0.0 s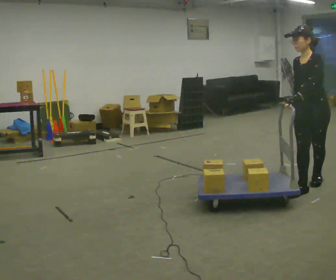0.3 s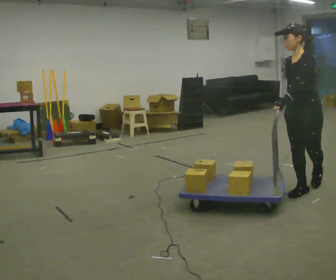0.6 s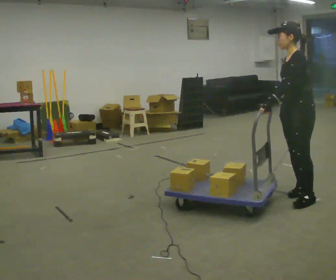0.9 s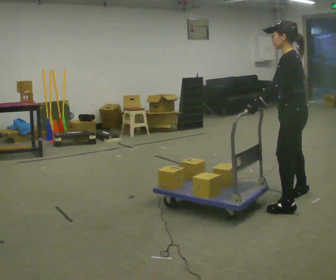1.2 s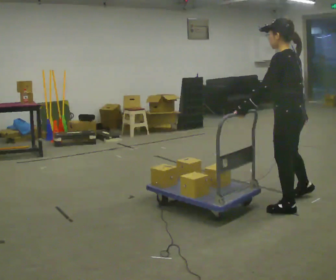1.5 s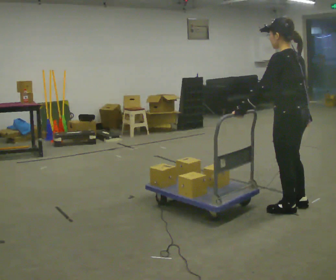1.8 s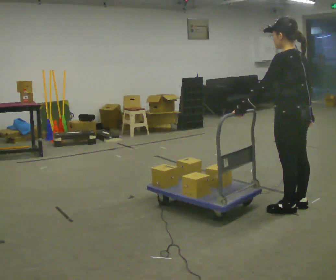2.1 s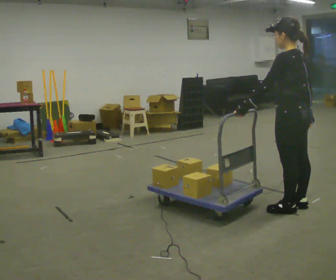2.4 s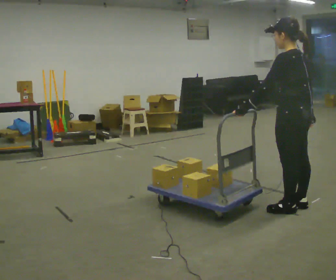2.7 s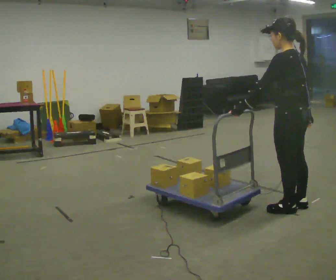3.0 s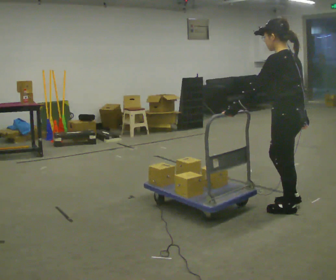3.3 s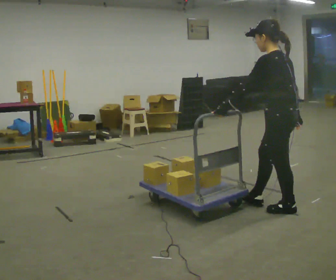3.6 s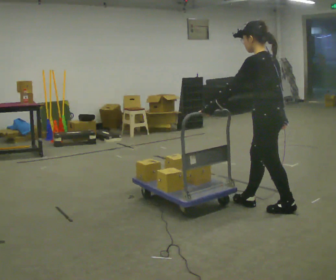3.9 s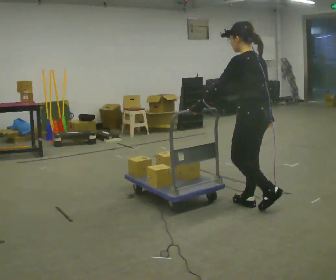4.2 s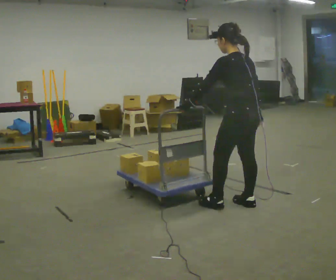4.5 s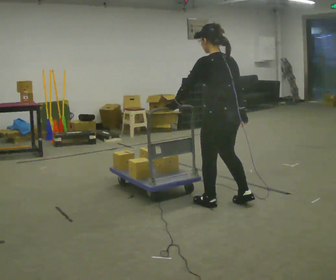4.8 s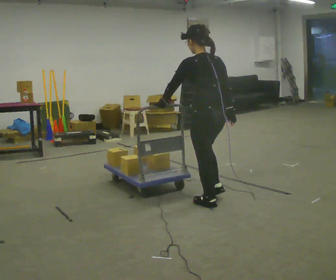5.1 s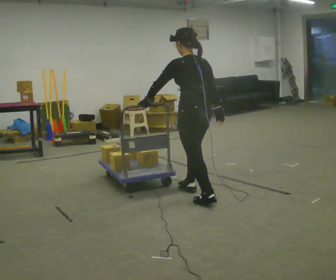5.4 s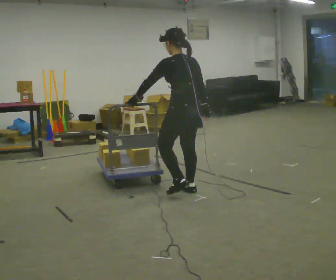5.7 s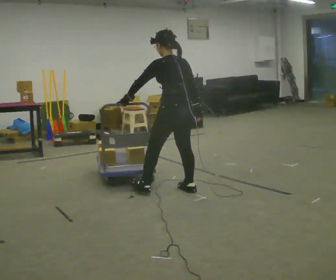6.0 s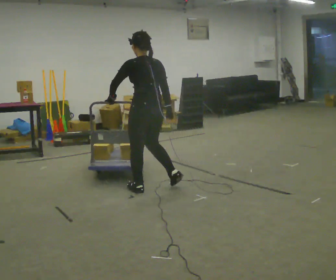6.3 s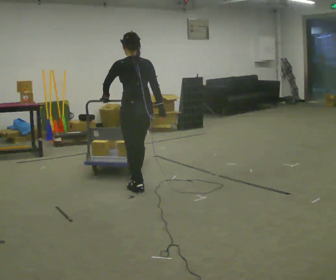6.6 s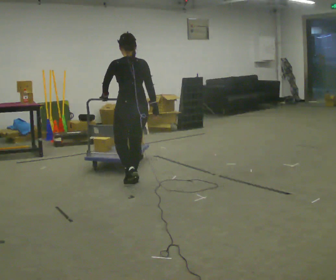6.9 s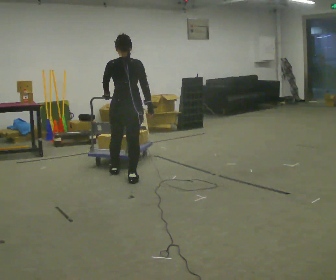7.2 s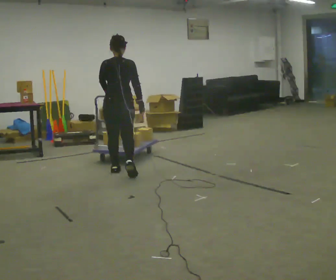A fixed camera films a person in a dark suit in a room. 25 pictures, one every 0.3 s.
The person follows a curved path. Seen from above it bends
clockwise.
The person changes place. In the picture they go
to the left.
0.0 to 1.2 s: Seen from above the body turns clockwise, about 75 degrees: to their right, with its near side sliding to the left. In the picture they go toward the camera and to the left, about 0.5 m in 1 step.
1.2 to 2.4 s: The person moves a little, or ends about where they began.
2.4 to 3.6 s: In the picture they go to the left, about 0.25 m in 1 step, which for them is forward.
3.6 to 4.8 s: In the picture they go to the left, about 0.5 m in 1 step, which for them is forward.
4.8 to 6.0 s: In the picture they go to the left and away from the camera, about 0.75 m in 2 steps, which for them is forward.
6.0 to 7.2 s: Seen from above the body turns clockwise, about 30 degrees: to their right, with its near side sliding to the left. In the picture they go away from the camera and to the left, about 0.75 m in 2 steps, which for them is forward.
The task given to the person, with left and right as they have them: Push the cart across the room using only the hand the operator calls. Keep your other arm at your side.
The film runs forward here.
